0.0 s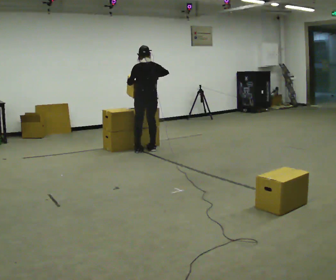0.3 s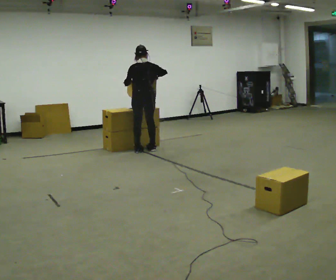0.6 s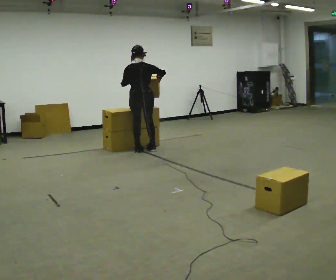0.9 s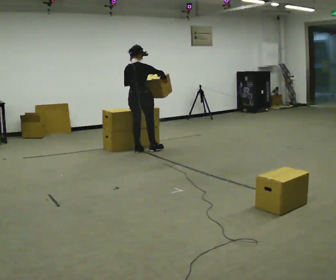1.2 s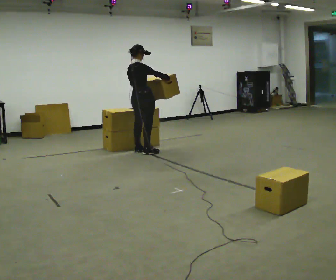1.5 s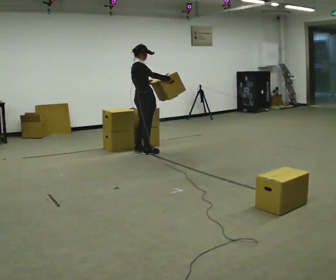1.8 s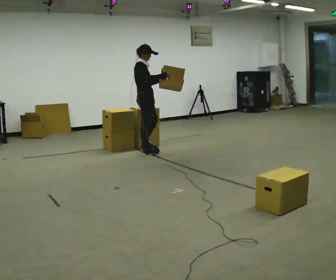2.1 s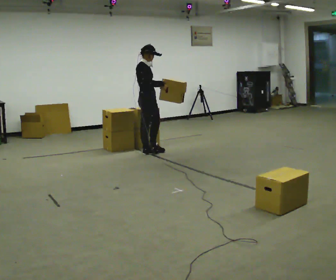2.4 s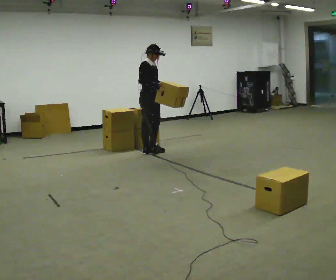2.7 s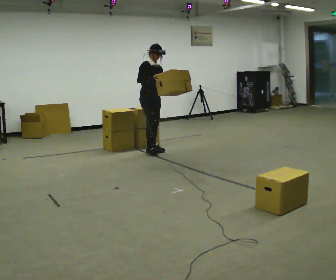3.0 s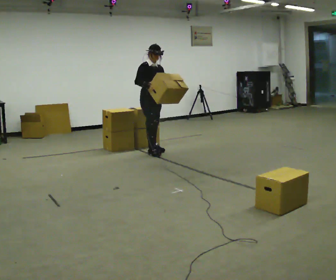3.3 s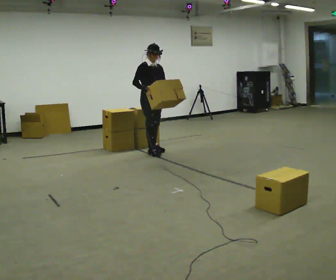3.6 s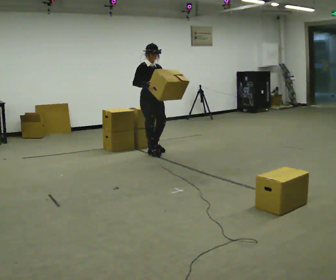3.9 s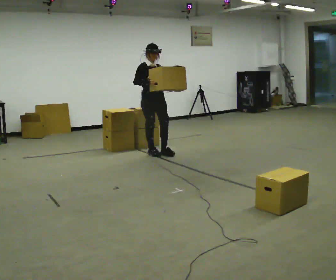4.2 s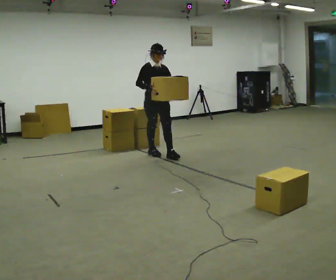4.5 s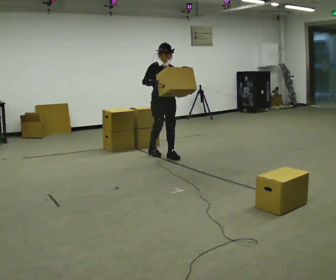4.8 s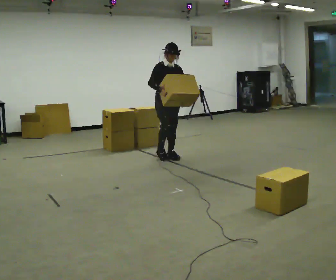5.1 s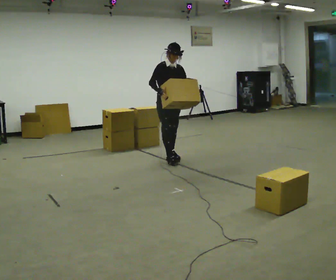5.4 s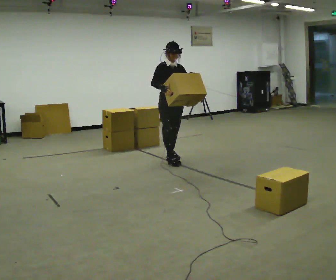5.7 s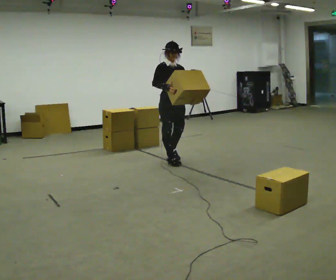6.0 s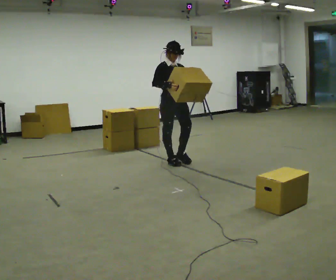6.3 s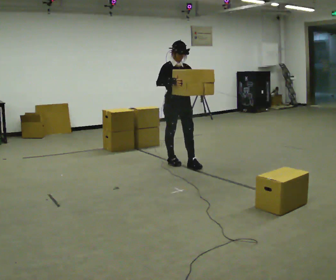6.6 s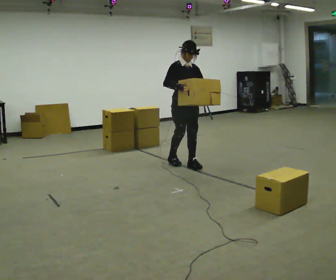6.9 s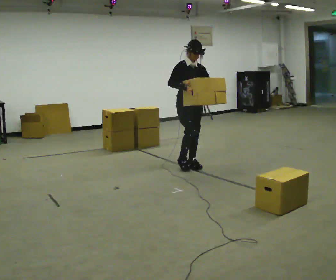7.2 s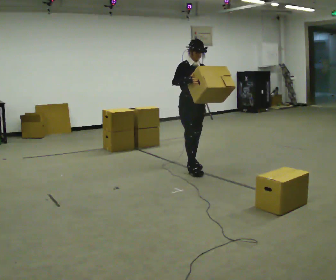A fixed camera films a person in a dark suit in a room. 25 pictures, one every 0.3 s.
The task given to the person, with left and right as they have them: Carry the box and, while you are still walking, turn it so you can read the label, read it out loud, then carry on. Repeat with the next box. Do not stop to read it.
0.0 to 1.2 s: The person turns about 60 degrees to their right, clockwise seen from above, so the part of the body nearest the lens slides to the left.
1.2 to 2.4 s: The person turns about 60 degrees to their right, clockwise seen from above, so the part of the body nearest the lens slides to the left.
2.4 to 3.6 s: The person moves a little, or ends about where they began.
3.6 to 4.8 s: In the picture they go toward the camera and to the right, about 0.25 m in 1 step, which for them is forward.
4.8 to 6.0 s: In the picture they go toward the camera, about 0.25 m in 1 step, which for them is forward.
6.0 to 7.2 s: In the picture they go toward the camera and to the right, about 0.25 m in 2 steps, which for them is forward.
The film runs forward here.
